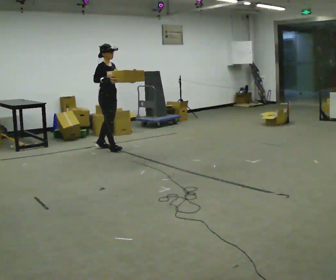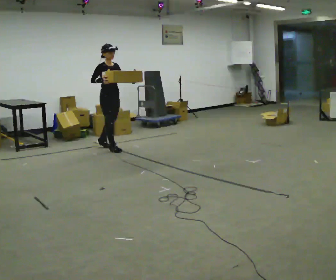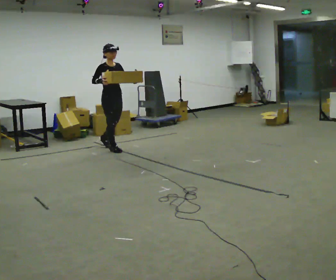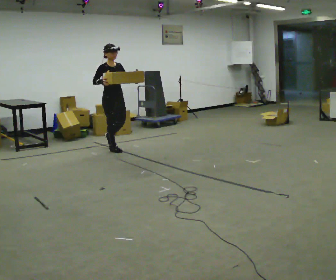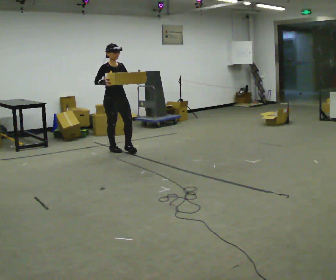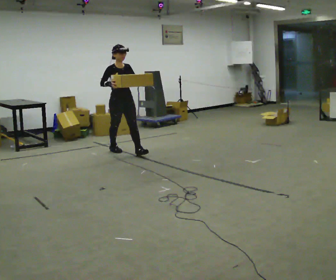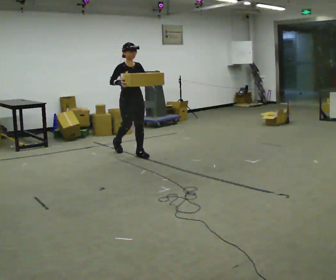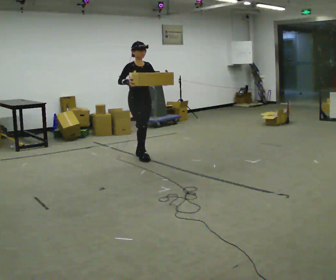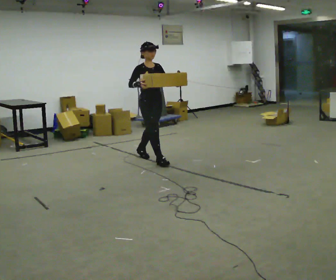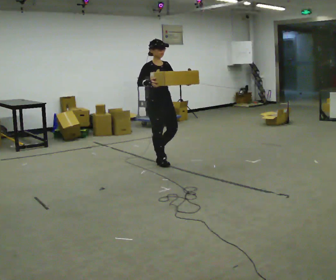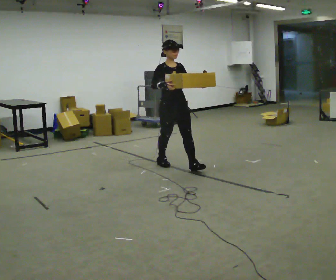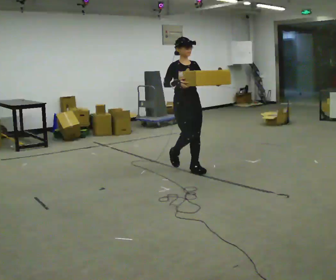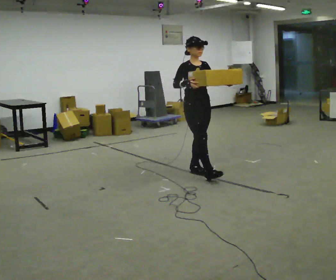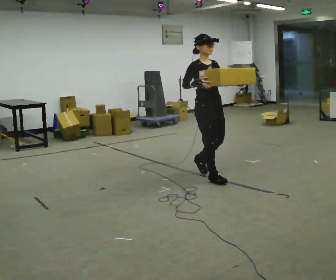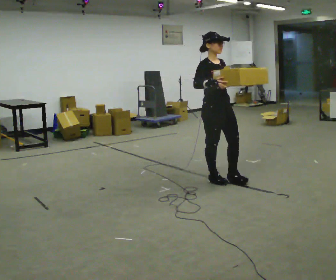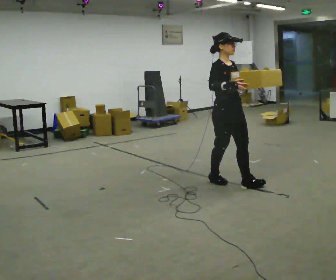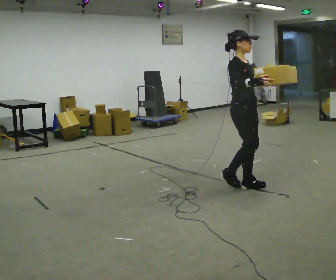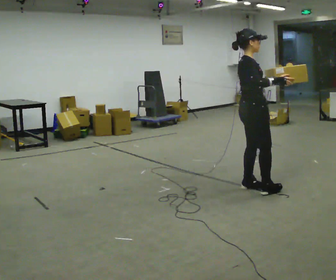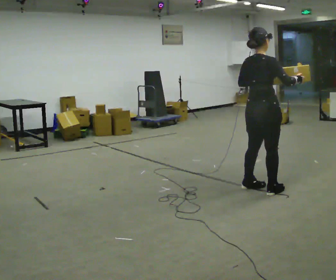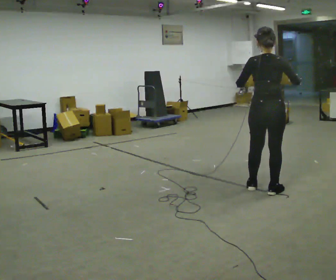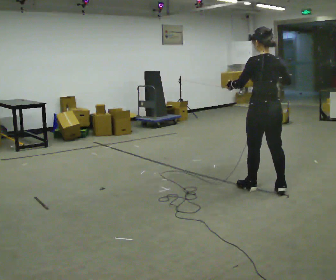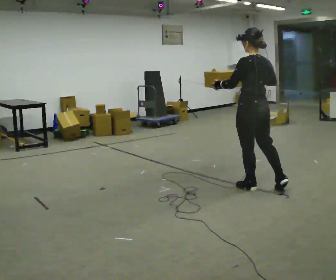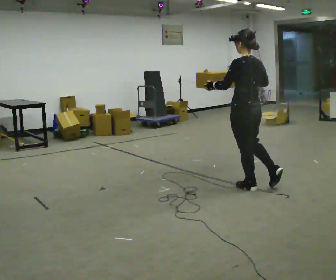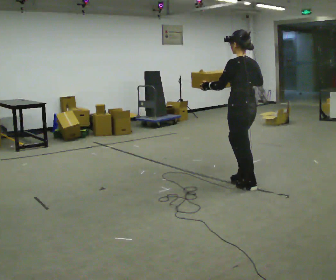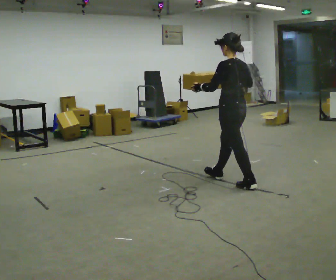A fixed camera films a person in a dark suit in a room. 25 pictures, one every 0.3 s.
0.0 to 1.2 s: The person turns about 30 degrees to their right, clockwise seen from above, so the part of the body nearest the lens slides to the left. In the picture they go toward the camera and to the right, about 0.25 m, which for them is forward.
1.2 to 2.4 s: In the picture they go to the right and toward the camera, about 1 m in 2 steps, which for them is forward.
2.4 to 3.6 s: In the picture they go toward the camera and to the right, about 1 m in 1 step, which for them is forward.
3.6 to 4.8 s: In the picture they go toward the camera and to the right, about 0.5 m in 2 steps, which for them is forward.
4.8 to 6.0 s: The part of the body nearest the lens slides to the right as the person turns to their left by about 135 degrees. In the picture they go to the right and toward the camera, about 0.25 m in 1 step.
6.0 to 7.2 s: In the picture they go to the left and away from the camera, about 0.25 m in 1 step, which for them is forward.
The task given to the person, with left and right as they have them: Carry the medium box in both hands in front of you, walking back and forth across the room. Keep walking until the operator says stop.
The film runs forward here.
